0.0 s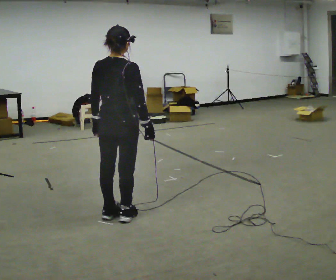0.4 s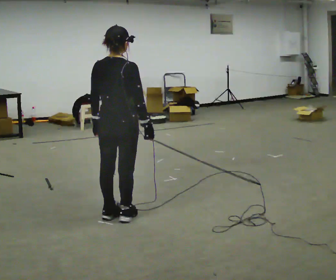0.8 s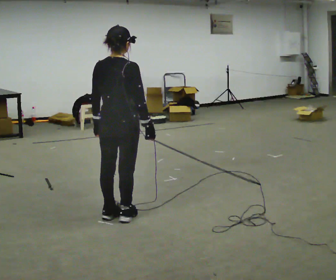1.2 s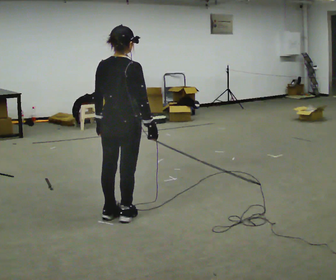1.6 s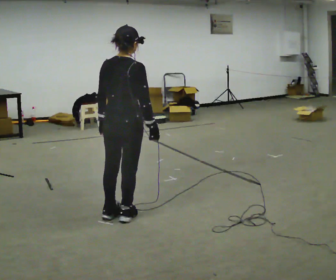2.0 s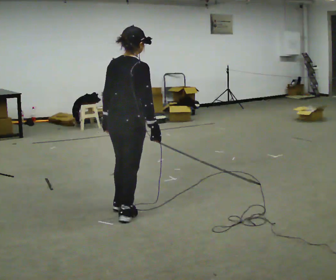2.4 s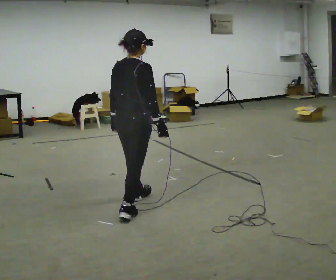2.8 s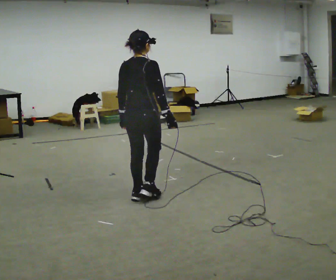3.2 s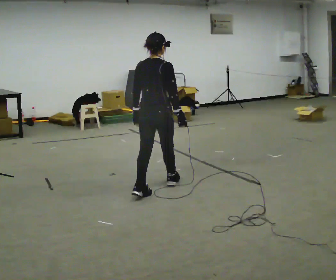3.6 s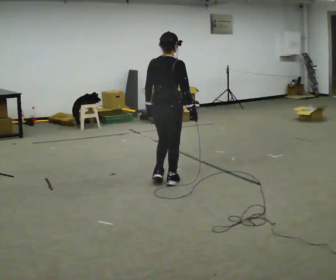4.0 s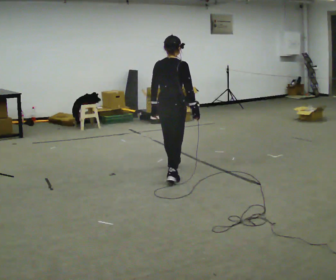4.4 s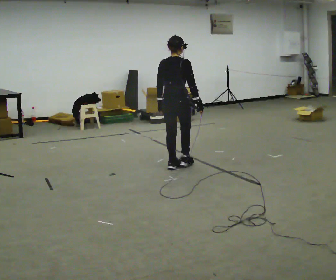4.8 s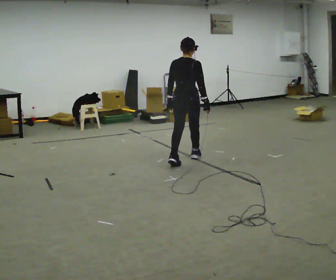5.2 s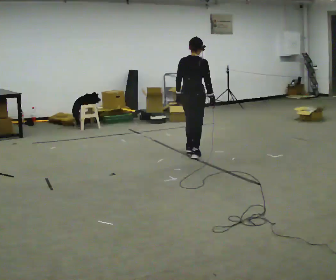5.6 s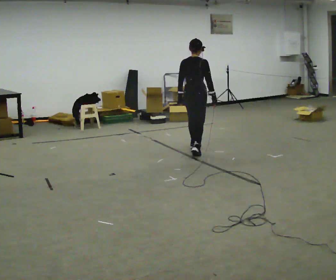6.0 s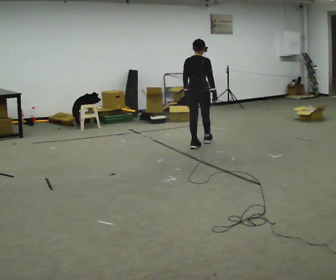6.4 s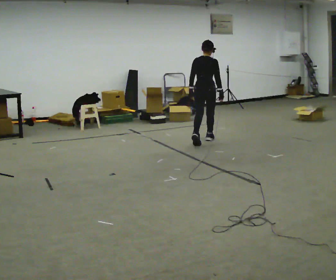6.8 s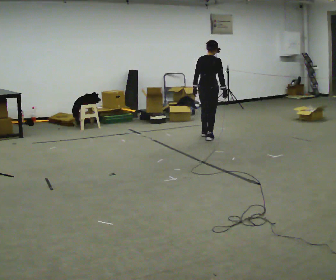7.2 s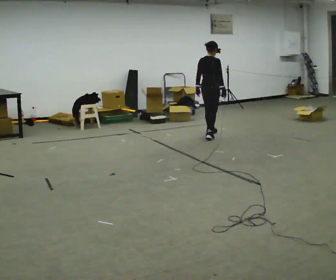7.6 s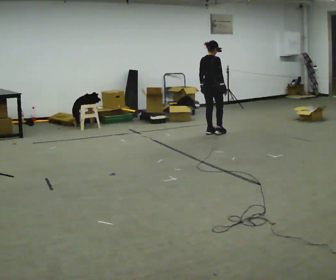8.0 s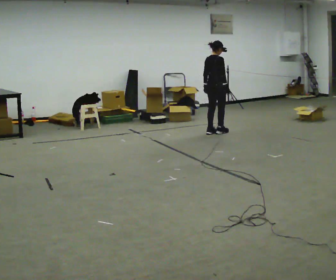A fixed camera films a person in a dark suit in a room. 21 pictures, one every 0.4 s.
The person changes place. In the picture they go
away from the camera.
0.0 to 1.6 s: The person moves a little, or ends about where they began.
1.6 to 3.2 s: In the picture they go away from the camera, about 0.75 m in 2 steps, which for them is forward.
3.2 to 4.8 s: In the picture they go away from the camera, about 1 m in 2 steps, which for them is forward.
4.8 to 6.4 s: In the picture they go away from the camera, about 1 m in 2 steps, which for them is forward.
6.4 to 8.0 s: The part of the body nearest the lens slides to the left as the person turns to their right by about 30 degrees. In the picture they go away from the camera, about 0.75 m in 2 steps, which for them is forward.
The film runs forward here.
